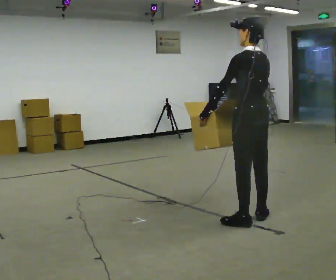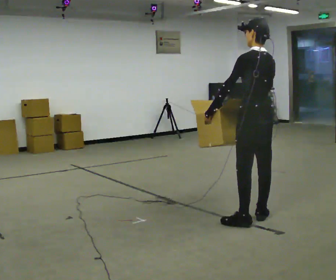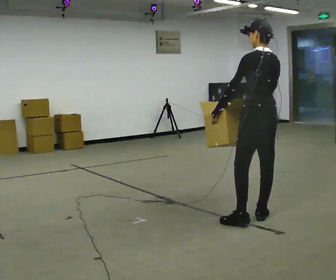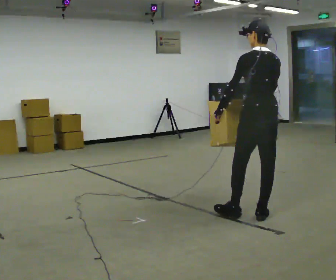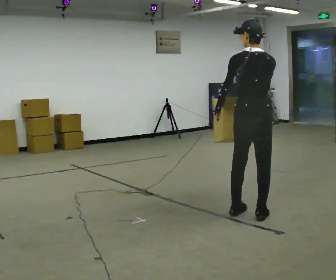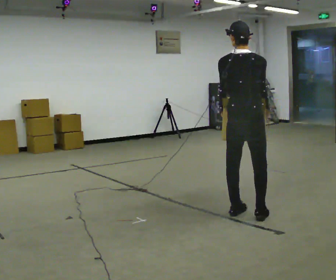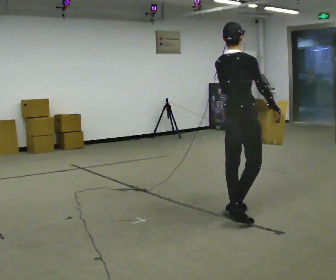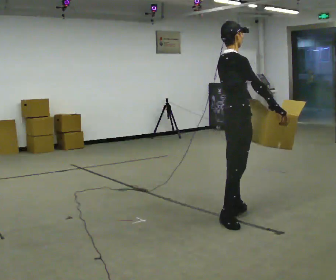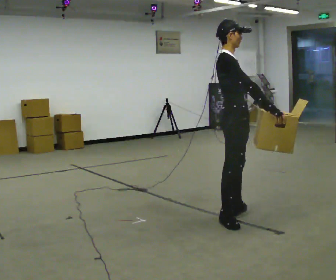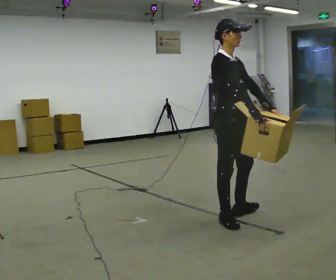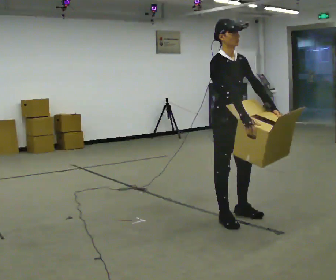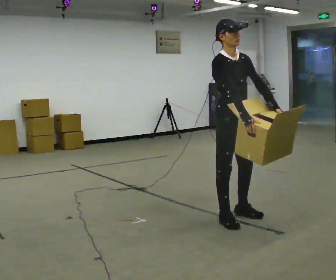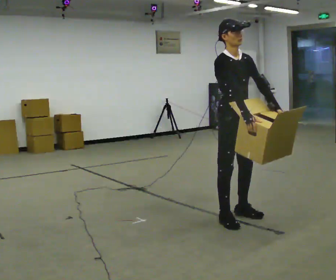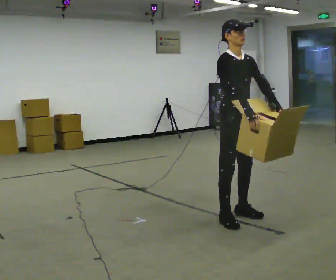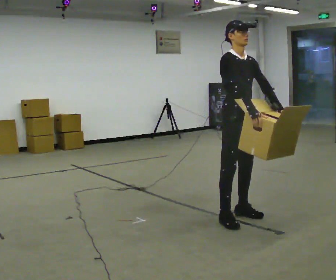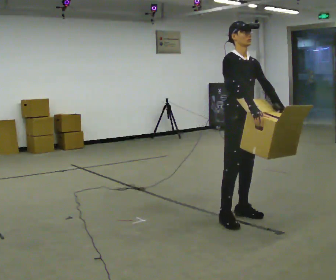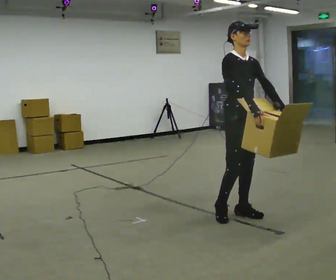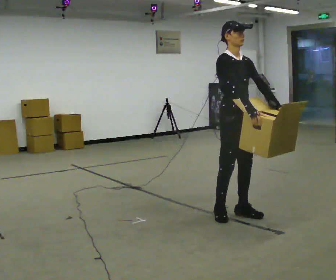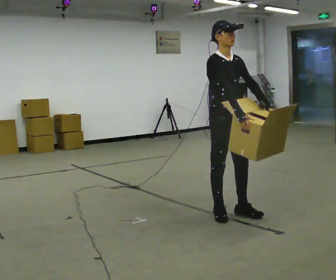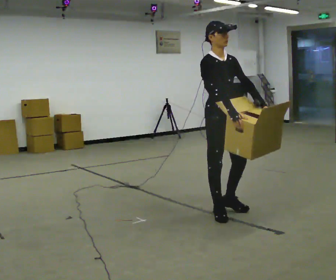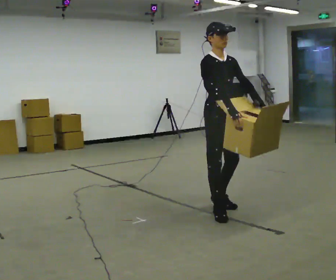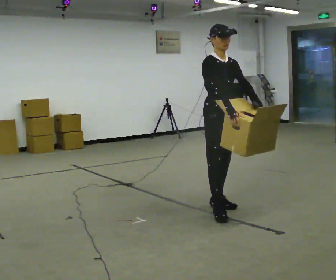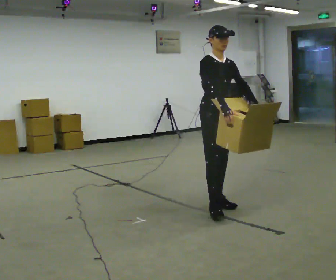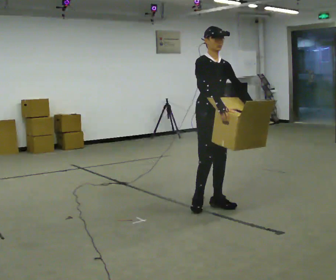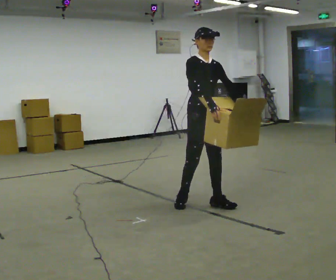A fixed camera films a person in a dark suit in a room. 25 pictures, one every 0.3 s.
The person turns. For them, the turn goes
to their right.
The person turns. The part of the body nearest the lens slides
to the left.
0.0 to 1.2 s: The part of the body nearest the lens slides to the left as the person turns to their right by about 30 degrees. In the picture they go away from the camera, about 0.25 m in 1 step, which for them is to their right.
1.2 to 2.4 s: Seen from above the body turns clockwise, about 105 degrees: to their right, with its near side sliding to the left. In the picture they go to the left, about 0.25 m in 1 step.
2.4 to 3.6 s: Seen from above the body turns clockwise, about 45 degrees: to their right, with its near side sliding to the left.
3.6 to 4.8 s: The person moves a little, or ends about where they began.
4.8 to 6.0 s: In the picture they go to the left, about 0.25 m in 1 step, which for them is backward.
6.0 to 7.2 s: In the picture they go away from the camera and to the left, about 0.25 m in 1 step, which for them is backward.
The film runs backward here.
